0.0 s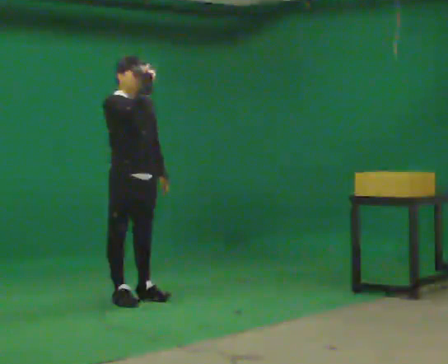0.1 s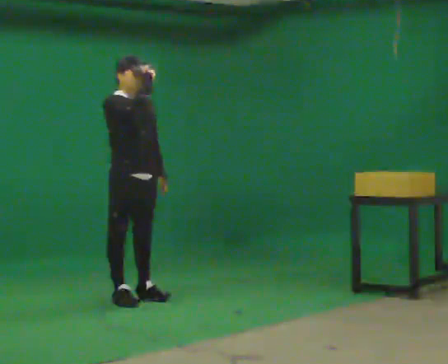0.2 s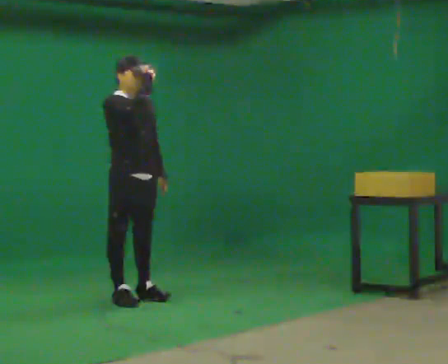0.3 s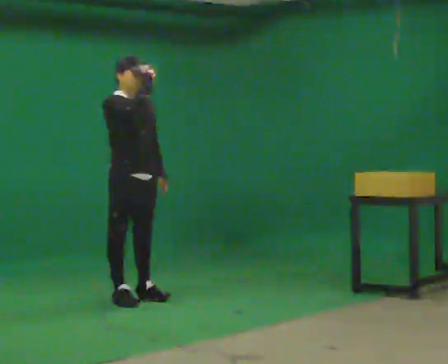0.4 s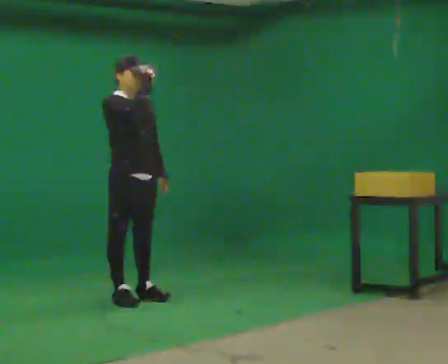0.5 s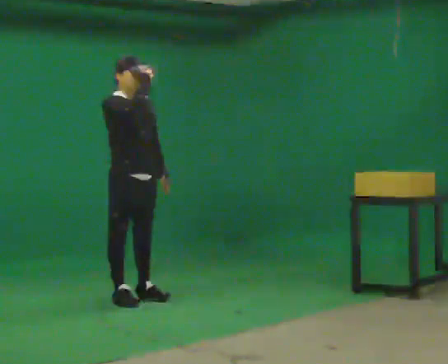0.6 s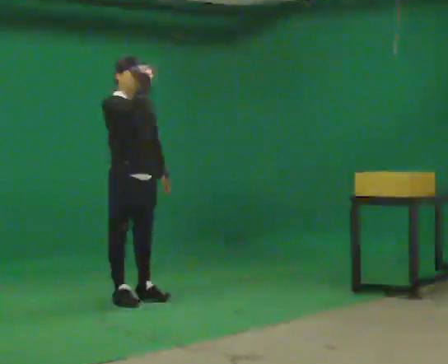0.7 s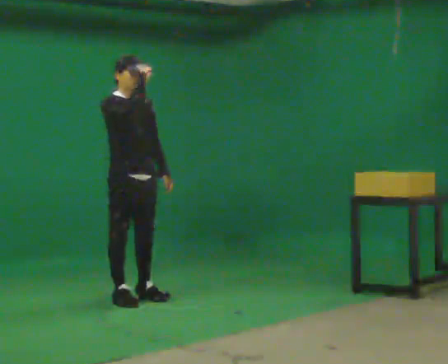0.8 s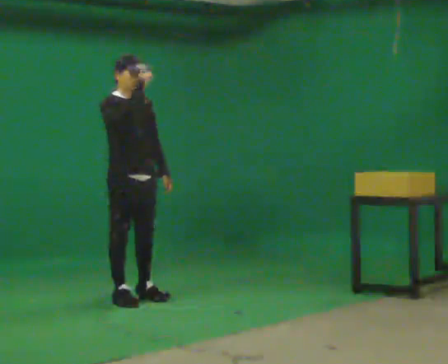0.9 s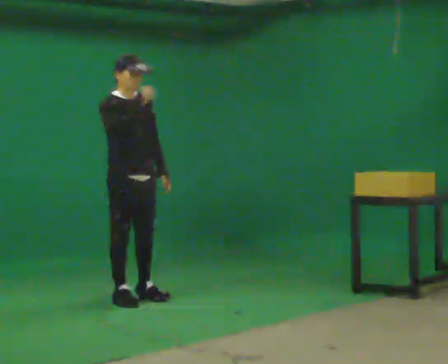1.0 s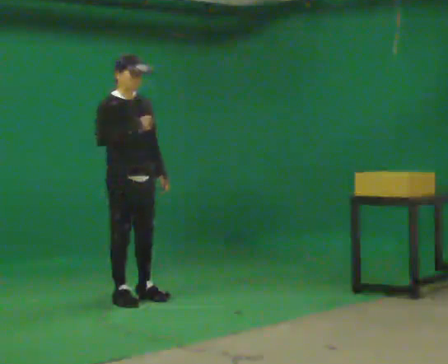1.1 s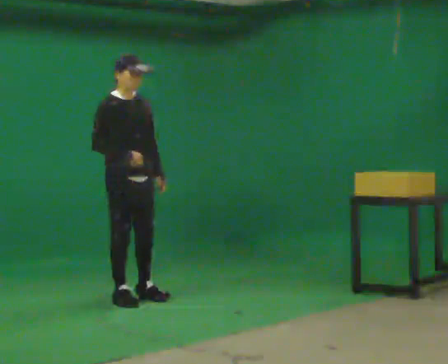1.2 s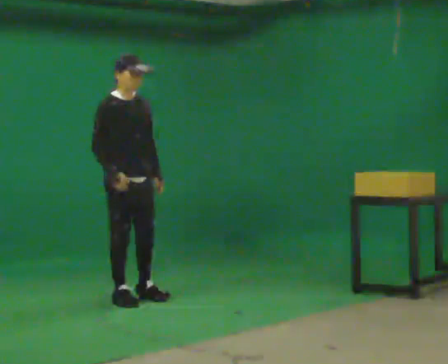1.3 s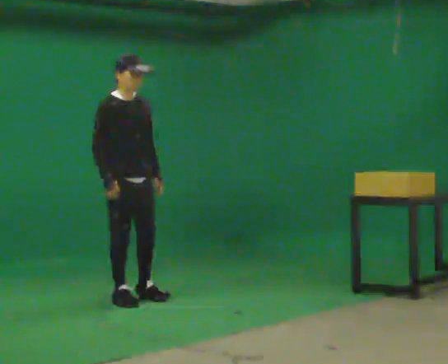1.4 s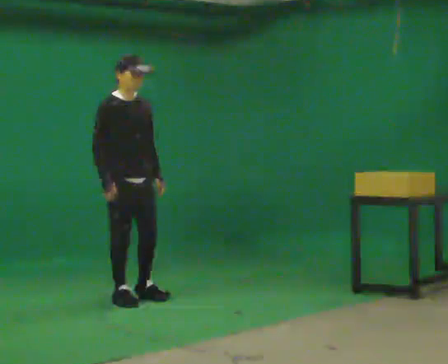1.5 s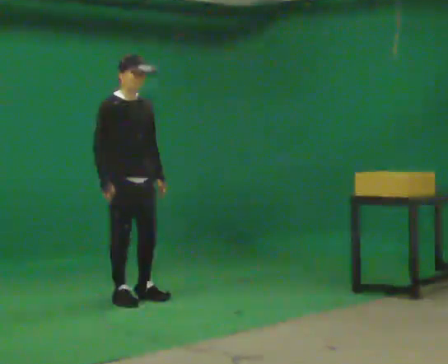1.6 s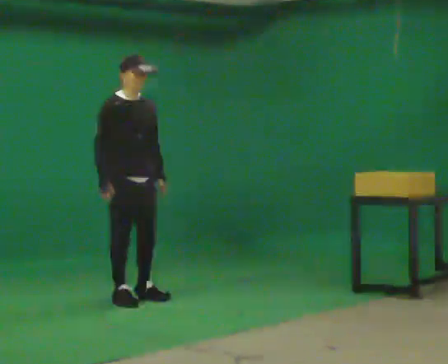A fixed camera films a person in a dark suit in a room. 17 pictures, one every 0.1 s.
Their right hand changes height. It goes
downward.
0.0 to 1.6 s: In the picture their right hand goes downward and to the left.
The film runs backward here.
